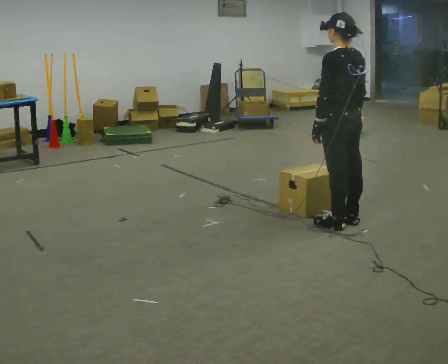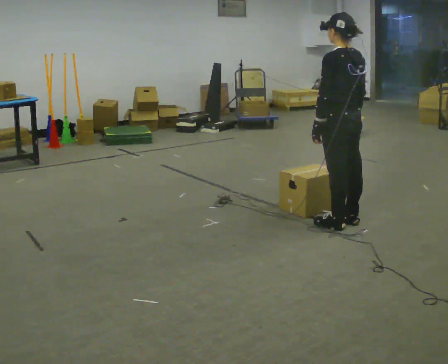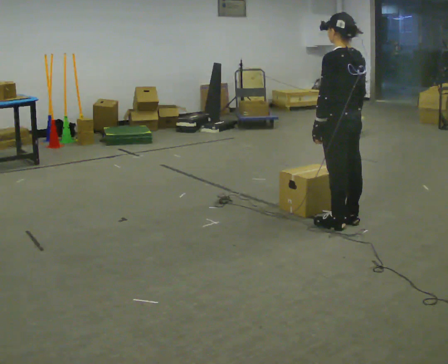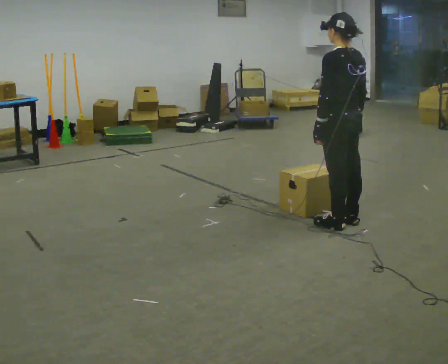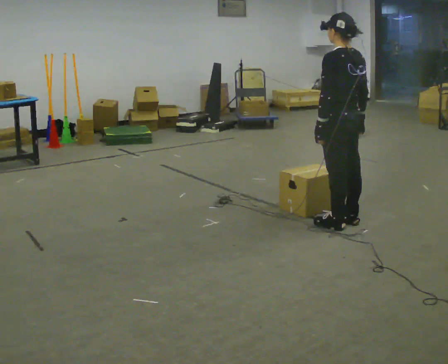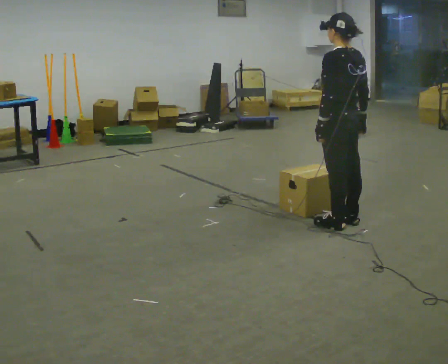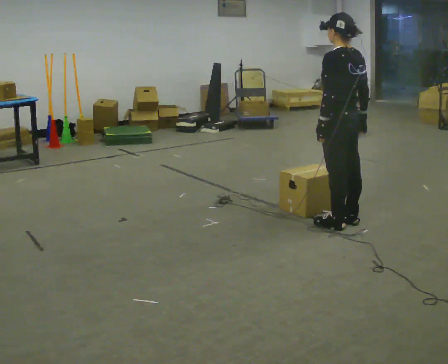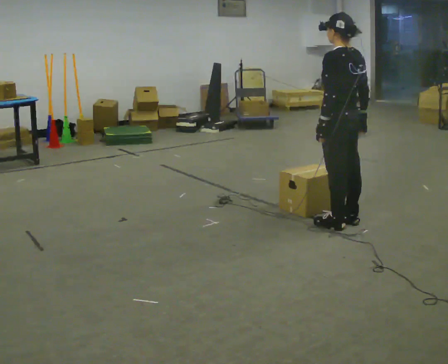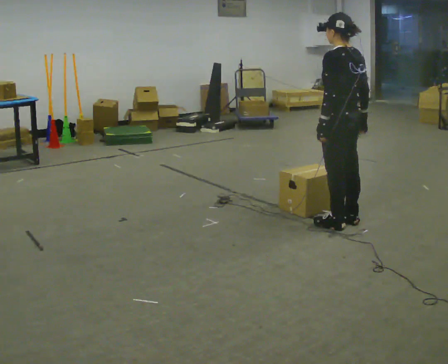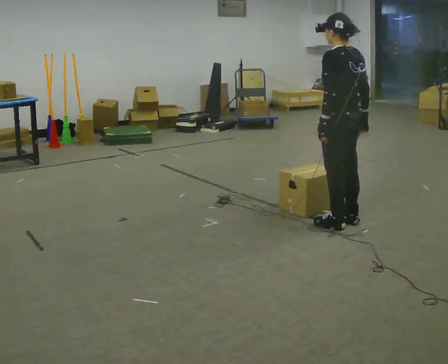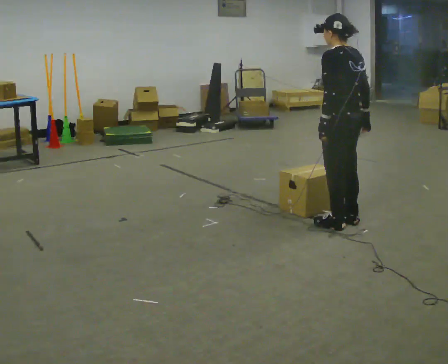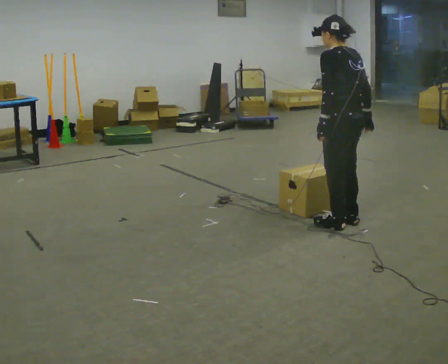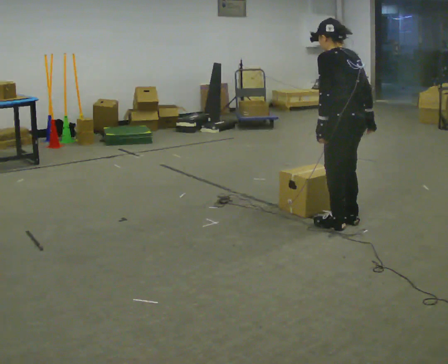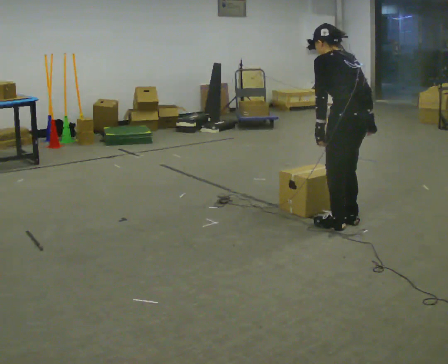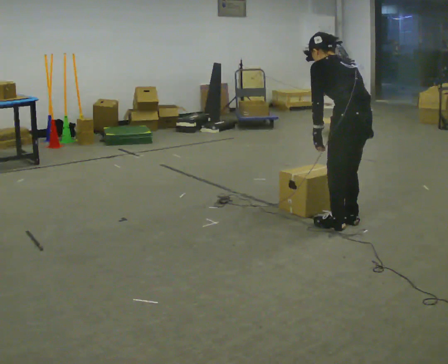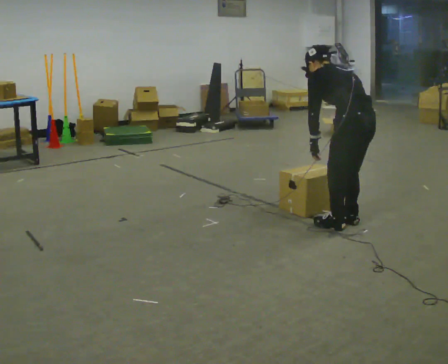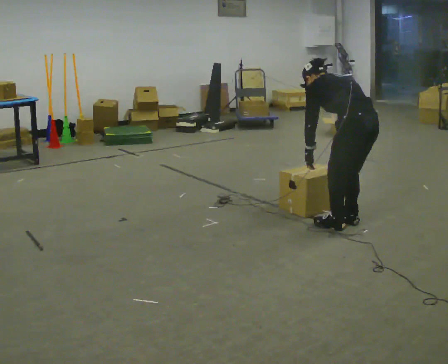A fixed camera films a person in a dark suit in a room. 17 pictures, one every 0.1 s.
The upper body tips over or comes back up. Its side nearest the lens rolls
upward.
0.0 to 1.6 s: The upper body goes downward. The upper body tips away from the camera, its near side rolling upward, as they bend forward.
The film runs backward here.
